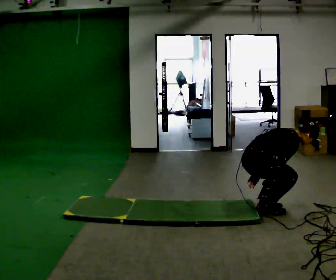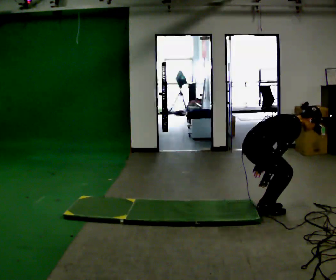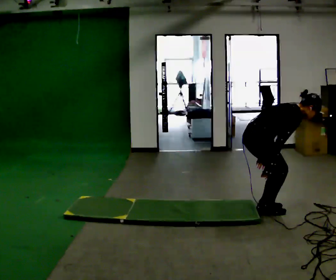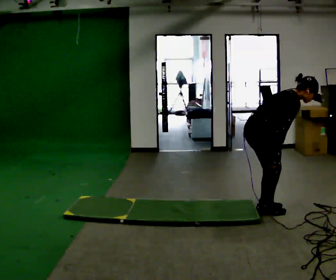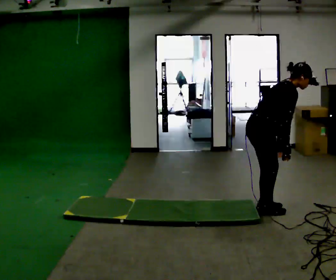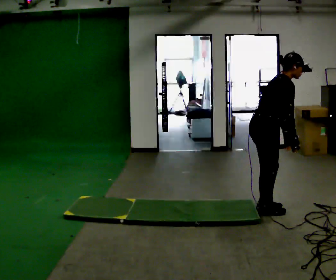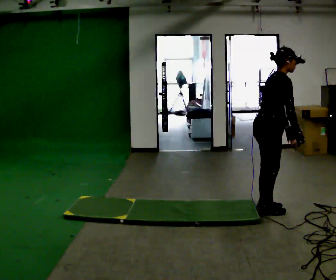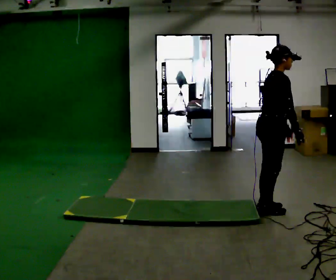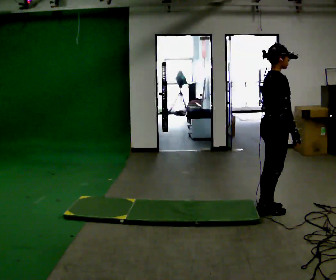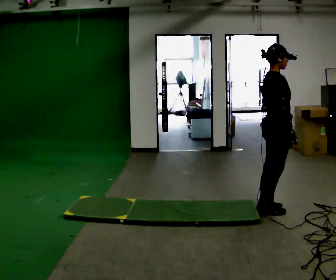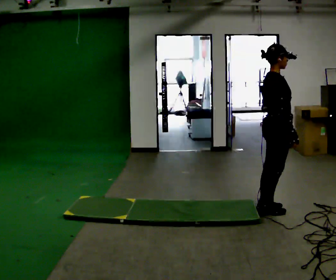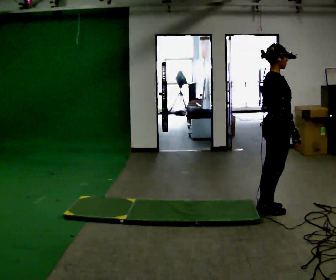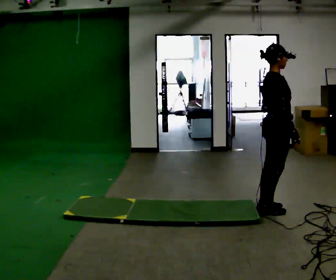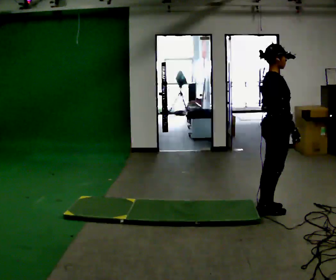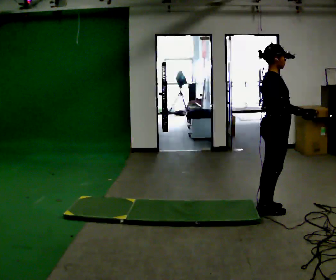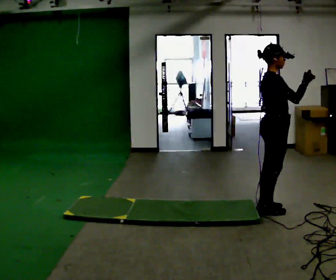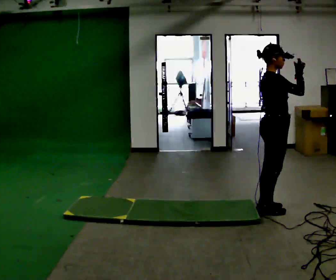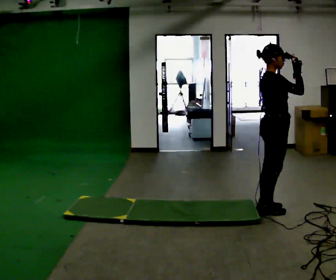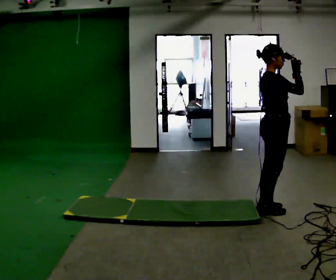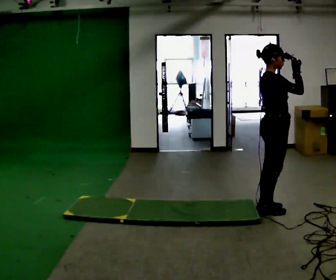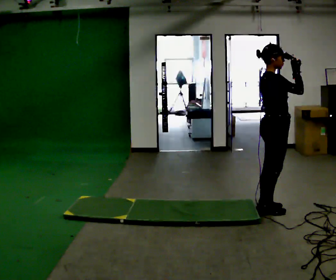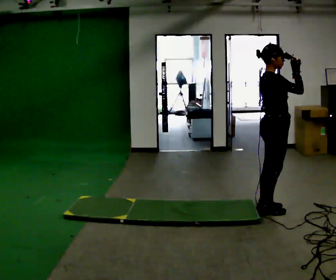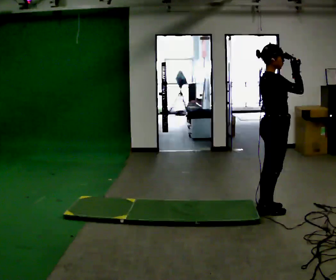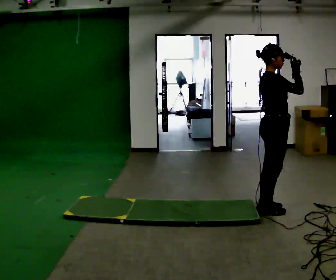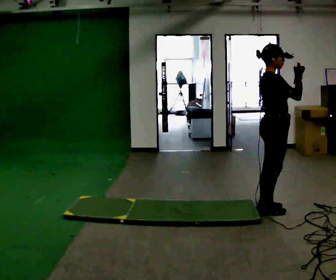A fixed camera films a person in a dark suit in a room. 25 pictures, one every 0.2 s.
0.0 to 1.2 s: The shoulders move upward. In the picture the upper body tilts counterclockwise, shoulders to the left, as they lean back or straighten. In the picture their left hand goes upward, the arm swinging counterclockwise.
1.2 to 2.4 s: In the picture the upper body tilts counterclockwise, shoulders to the left, as they lean back or straighten.
2.4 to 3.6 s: In the picture their right hand goes upward.
3.6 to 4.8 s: The person moves a little, or ends about where they began.
The film runs forward here.
